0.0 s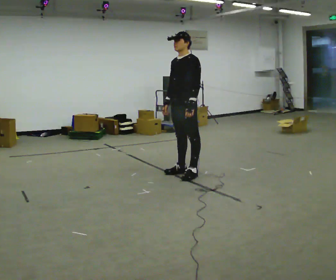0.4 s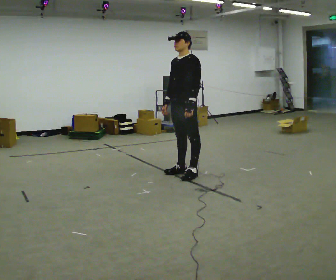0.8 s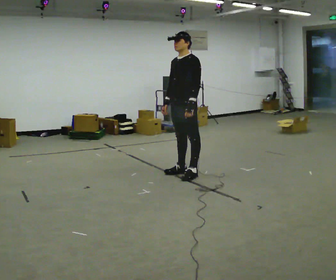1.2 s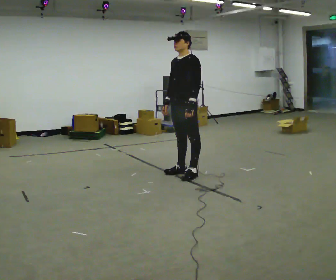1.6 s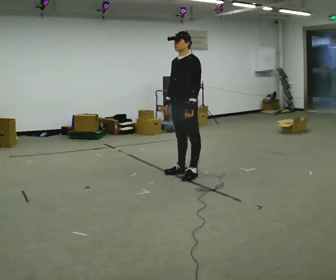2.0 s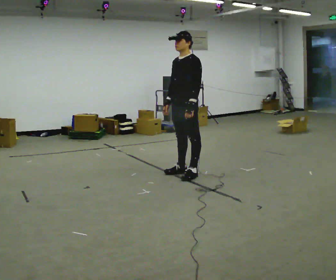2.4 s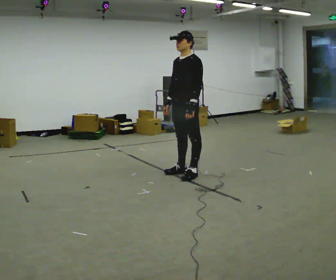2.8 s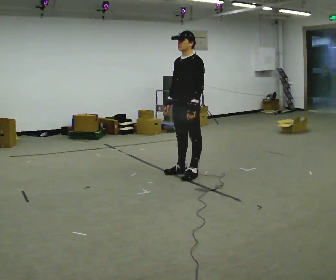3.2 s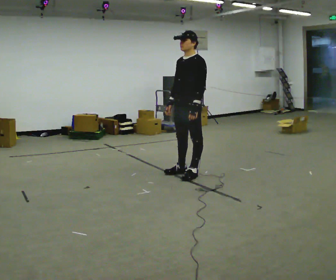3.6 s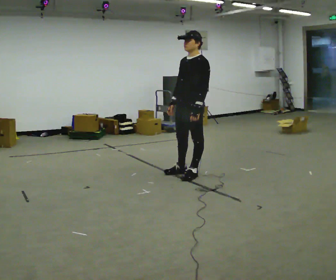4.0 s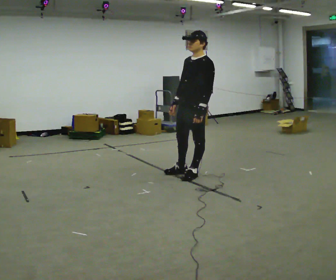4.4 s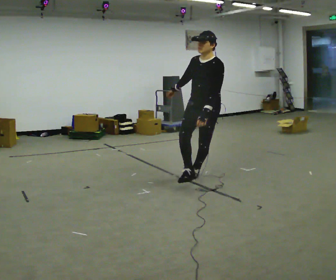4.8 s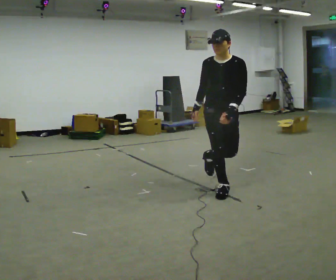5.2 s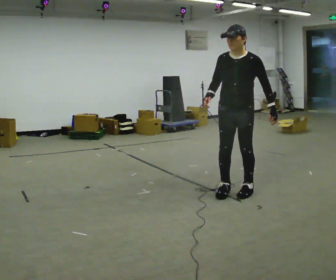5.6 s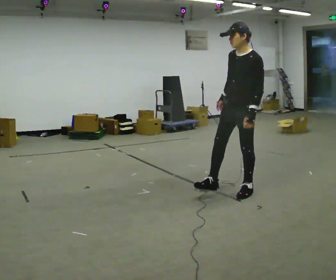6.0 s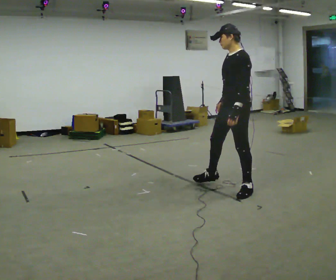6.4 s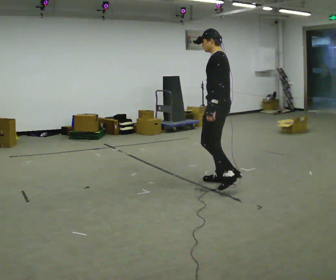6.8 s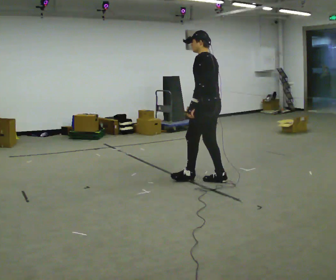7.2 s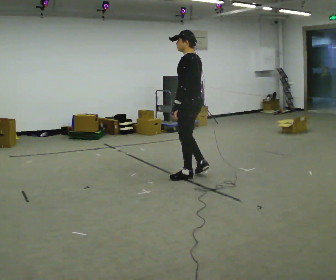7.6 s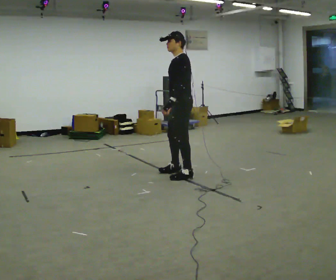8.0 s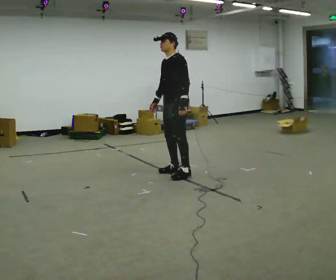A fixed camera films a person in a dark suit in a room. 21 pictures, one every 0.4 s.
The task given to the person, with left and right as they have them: Stand on the marked spots. Lean to the side the operator calls until you cannot hold it, then step to catch yourself. Return to the spots. Repeat at your own pace until the operator says stop. Go slowly and only as far as you are comfortable. Step whenever you need to; do not try to hold on longer than feels safe.
0.0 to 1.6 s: The person keeps their place and pose.
1.6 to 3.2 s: The person moves a little, or ends about where they began.
3.2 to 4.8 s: The person turns about 60 degrees to their left, counterclockwise seen from above, so the part of the body nearest the lens slides to the right. In the picture they go toward the camera and to the right, about 0.5 m in 1 step, which for them is to their left.
4.8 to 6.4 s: Seen from above the body turns clockwise, about 105 degrees: to their right, with its near side sliding to the left. In the picture they go away from the camera, about 0.25 m in 2 steps.
6.4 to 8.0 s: The person turns about 45 degrees to their left, counterclockwise seen from above, so the part of the body nearest the lens slides to the right. In the picture they go to the left and away from the camera, about 0.75 m in 2 steps, which for them is forward and to their right.
The film runs forward here.
